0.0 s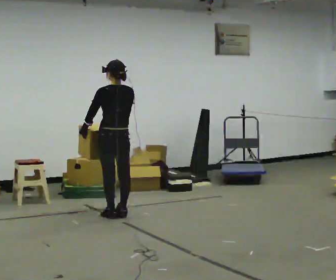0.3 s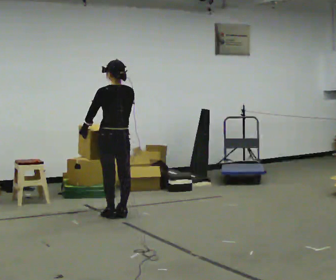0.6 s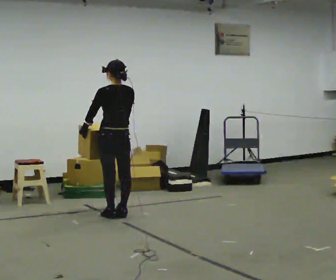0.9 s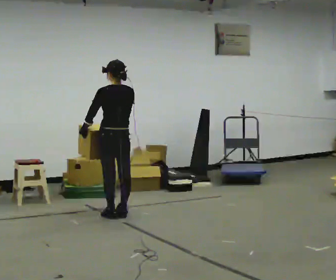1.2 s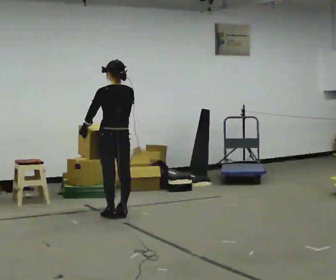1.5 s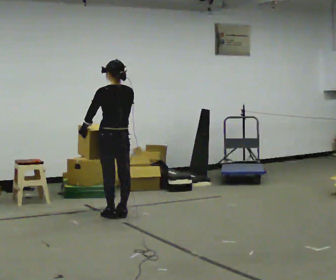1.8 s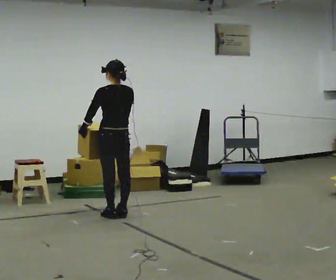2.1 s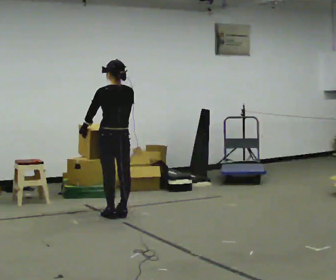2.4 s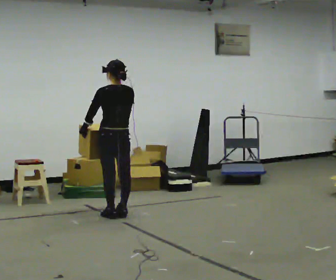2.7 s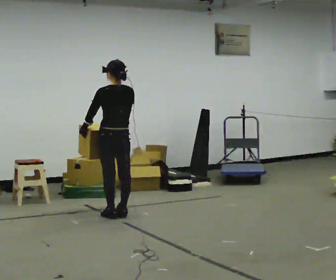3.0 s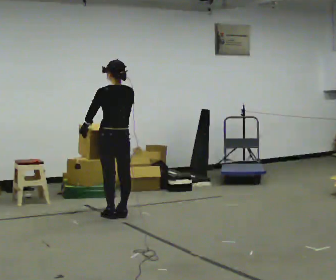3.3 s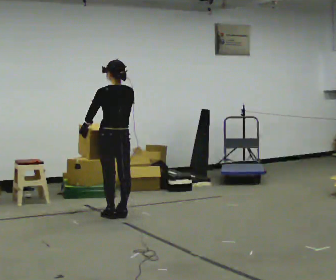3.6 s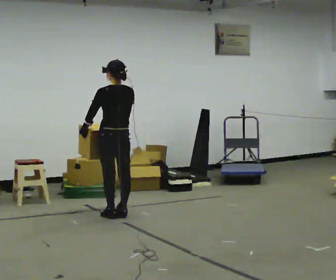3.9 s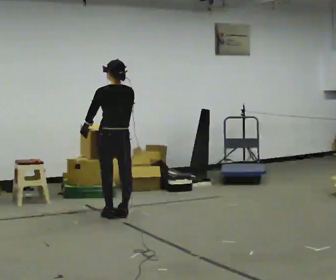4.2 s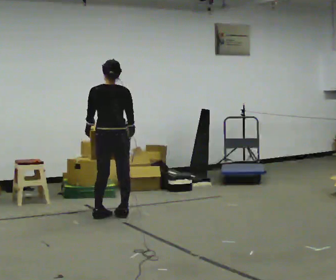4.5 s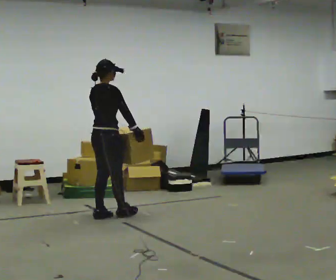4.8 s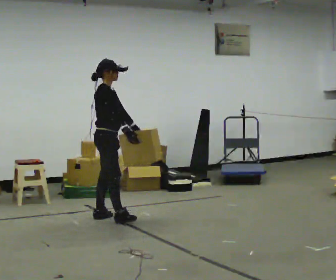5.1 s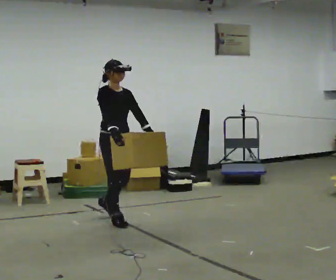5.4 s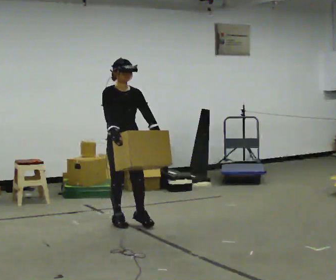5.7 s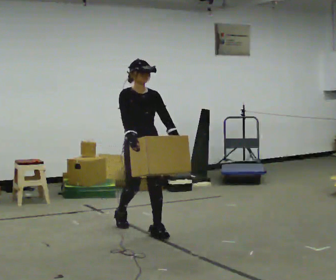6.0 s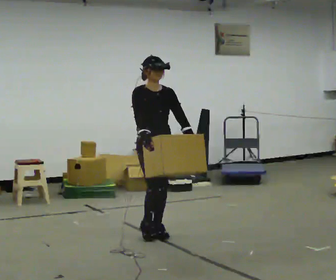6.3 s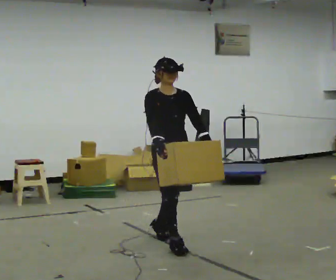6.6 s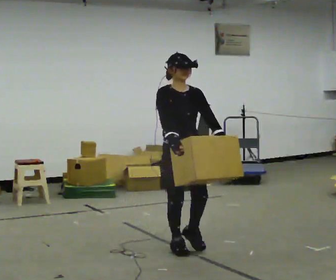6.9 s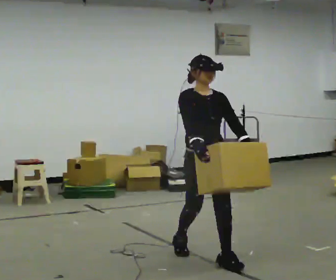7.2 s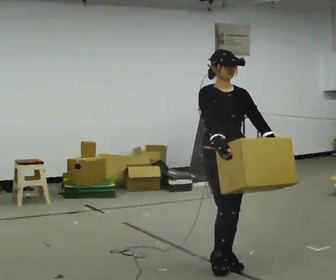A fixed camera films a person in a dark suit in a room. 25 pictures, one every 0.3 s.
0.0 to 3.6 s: The person keeps their place and pose.
3.6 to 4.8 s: The part of the body nearest the lens slides to the left as the person turns to their right by about 120 degrees.
4.8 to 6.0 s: Seen from above the body turns clockwise, about 60 degrees: to their right, with its near side sliding to the left. In the picture they go toward the camera and to the right, about 1 m in 2 steps, which for them is forward.
6.0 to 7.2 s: In the picture they go toward the camera and to the right, about 1 m in 2 steps, which for them is forward.
The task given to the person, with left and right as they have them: Carry the medium box in both hands in front of you, walking back and forth across the room. Keep walking until the operator says stop.
The film runs forward here.
